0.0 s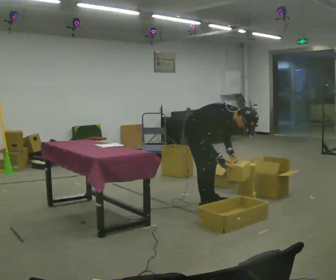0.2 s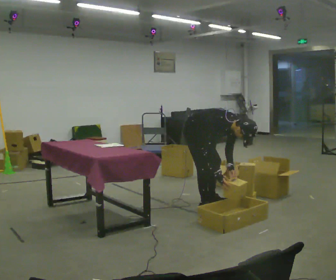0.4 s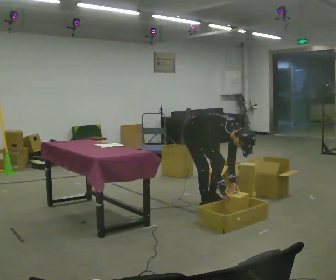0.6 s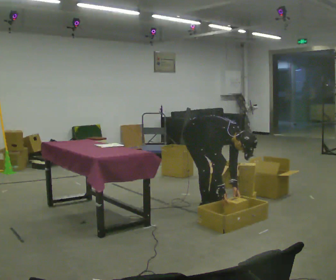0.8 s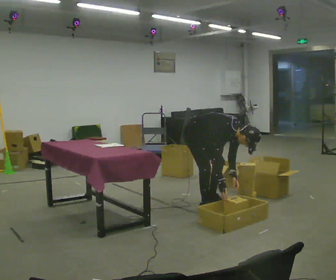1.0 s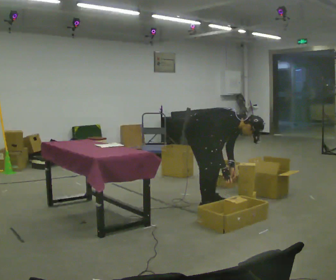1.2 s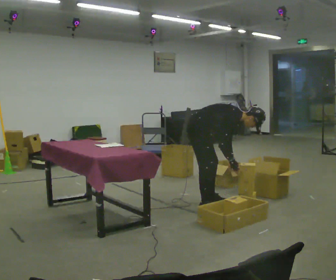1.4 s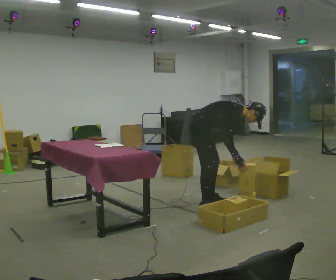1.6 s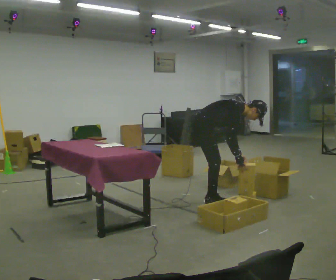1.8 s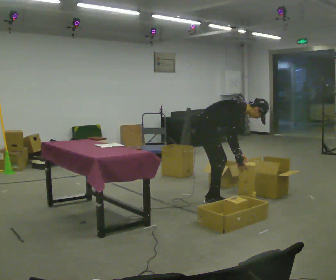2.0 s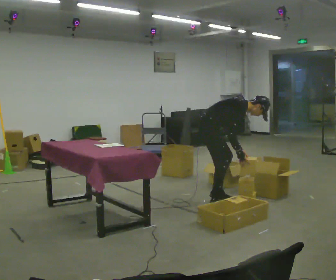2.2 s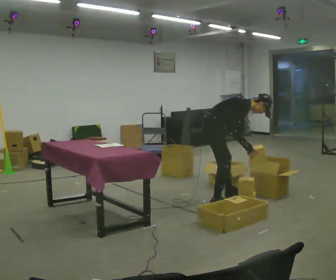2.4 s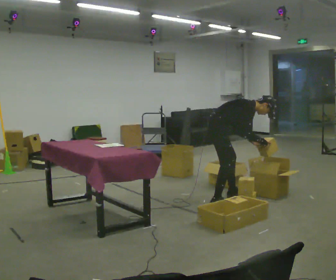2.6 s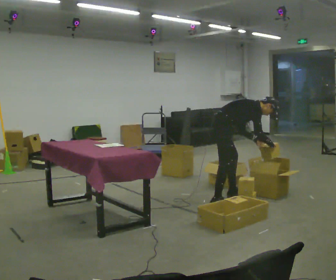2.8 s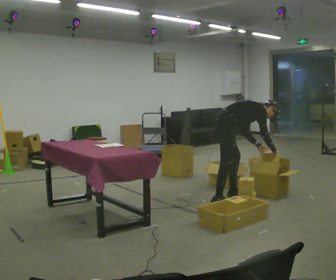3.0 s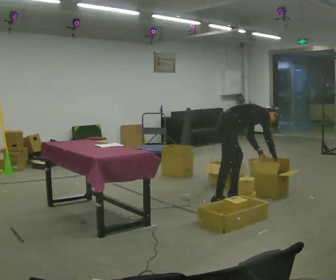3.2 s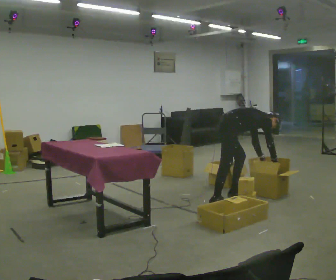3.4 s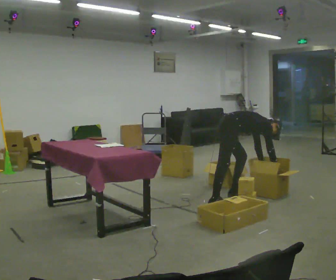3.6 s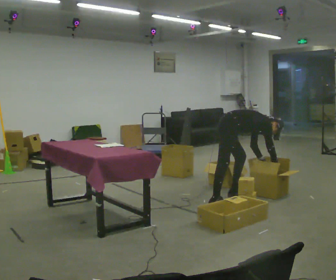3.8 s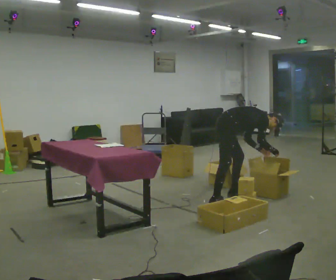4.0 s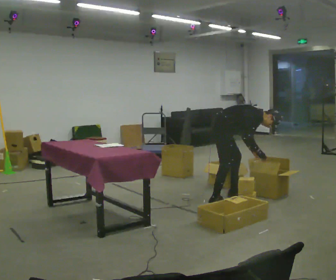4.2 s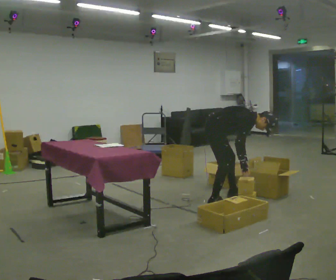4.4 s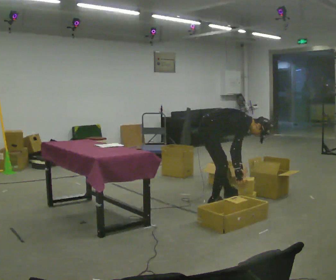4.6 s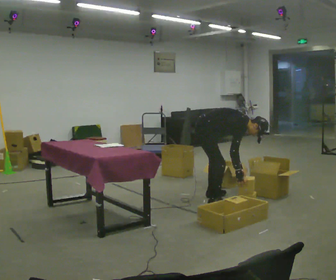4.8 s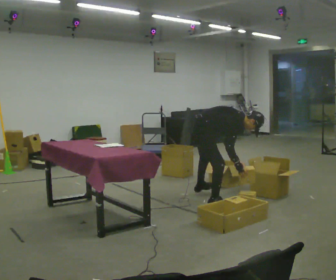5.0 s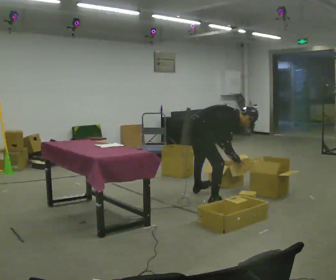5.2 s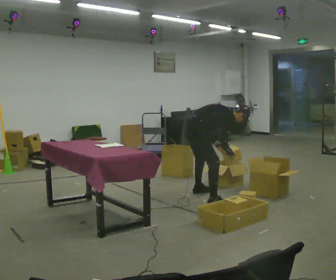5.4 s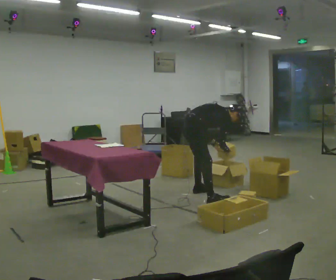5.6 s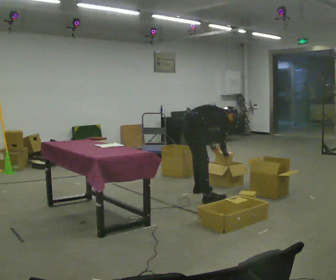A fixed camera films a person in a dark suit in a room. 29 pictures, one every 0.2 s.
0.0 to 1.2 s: The person moves a little, or ends about where they began.
1.2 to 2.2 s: In the picture they go to the right, about 0.25 m in 1 step, which for them is forward and to their left. The upper body tips away from the camera, its near side rolling upward, as they lean back or straighten.
2.2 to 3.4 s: In the picture they go away from the camera and to the right, about 0.25 m in 1 step, which for them is forward and to their left. The upper body goes downward. The upper body tips away from the camera, its near side rolling upward, as they bend forward. In the picture their right hand goes downward.
3.4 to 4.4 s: In the picture they go to the left and toward the camera, about 0.25 m, which for them is backward and to their right. The upper body tips toward the camera, its near side rolling downward.
4.4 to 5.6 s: The person turns about 45 degrees to their left, counterclockwise seen from above, so the part of the body nearest the lens slides to the right. In the picture they go away from the camera and to the left, about 0.5 m in 1 step, which for them is to their left. The upper body tips away from the camera, its near side rolling upward.
The film runs forward here.
